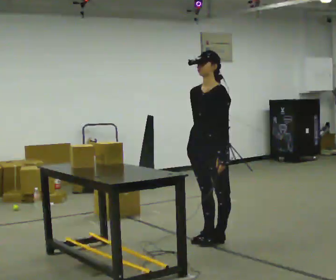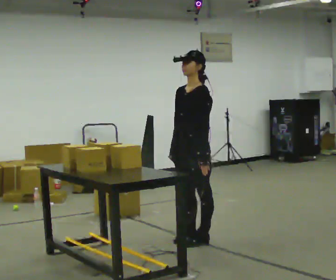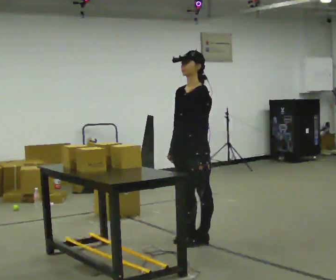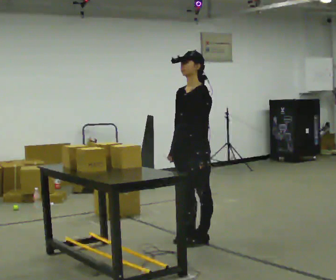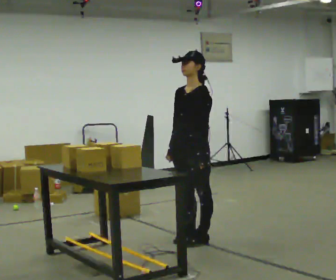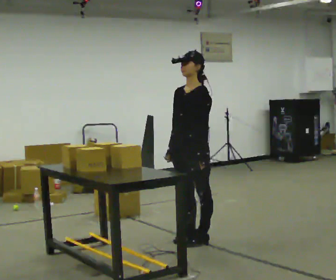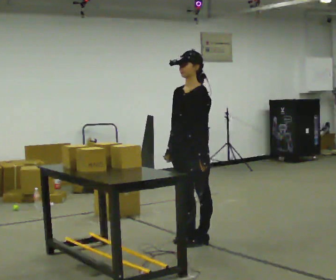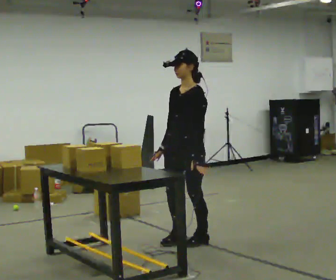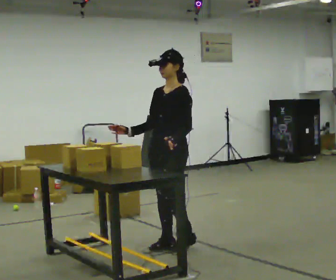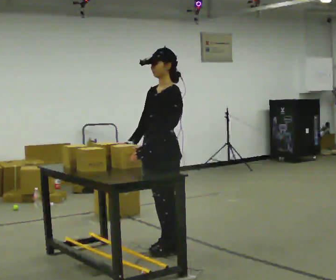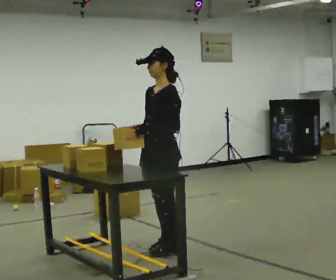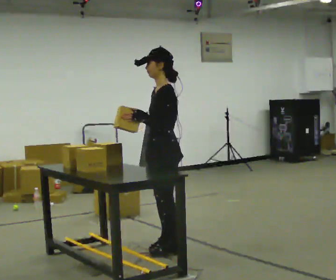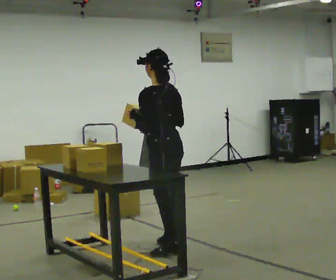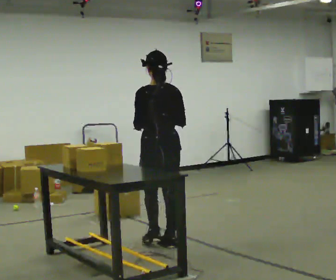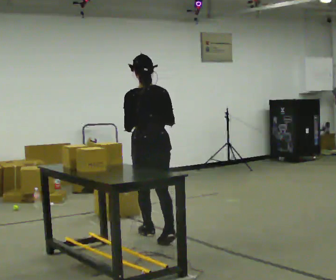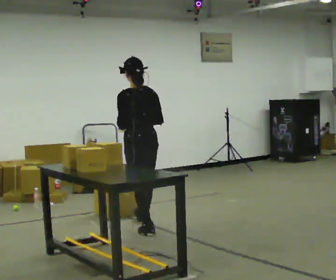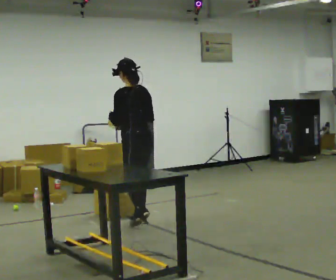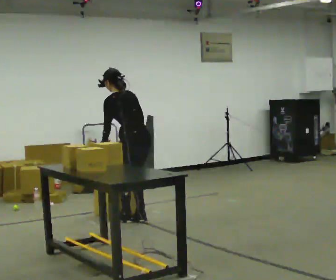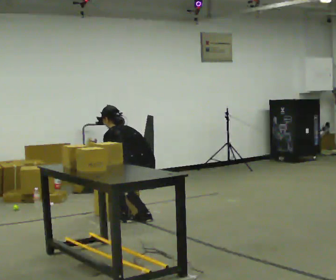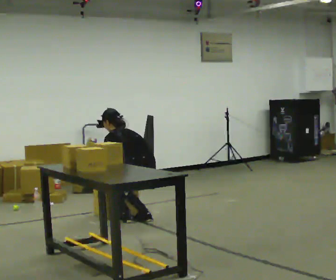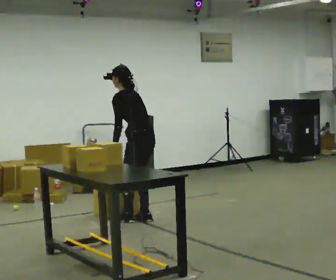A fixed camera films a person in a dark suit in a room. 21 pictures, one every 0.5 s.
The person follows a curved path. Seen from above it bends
clockwise.
0.0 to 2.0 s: The person moves a little, or ends about where they began.
2.0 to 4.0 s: In the picture they go to the left and toward the camera, about 0.25 m in 1 step, which for them is forward. In the picture their right hand goes to the left.
4.0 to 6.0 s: The part of the body nearest the lens slides to the left as the person turns to their right by about 90 degrees.
6.0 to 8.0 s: In the picture they go away from the camera, about 1 m in 2 steps, which for them is forward.
8.0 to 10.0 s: The person moves a little, or ends about where they began.
The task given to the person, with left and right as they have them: Carry each object across the room and drop it into the container on the floor, then walk back for the next one. Keep going until the operator says stop; one object at a time, and do not rush between trips.
The film runs forward here.
